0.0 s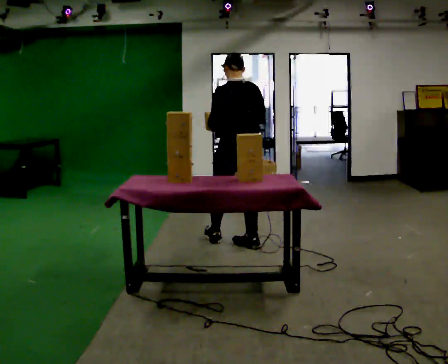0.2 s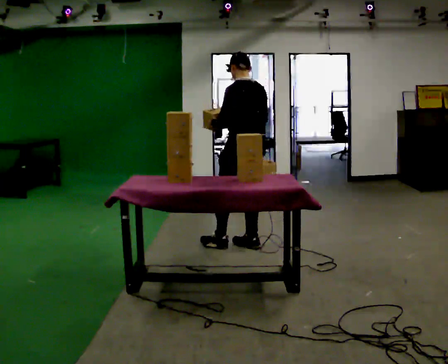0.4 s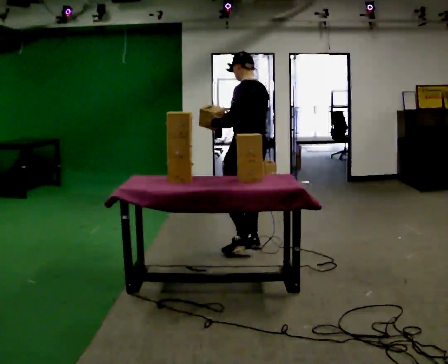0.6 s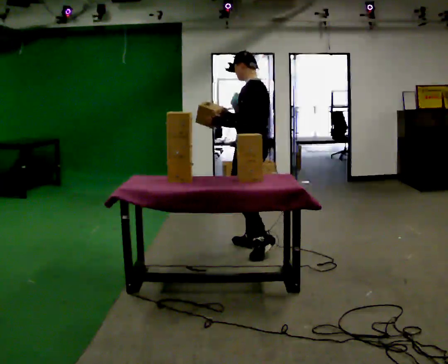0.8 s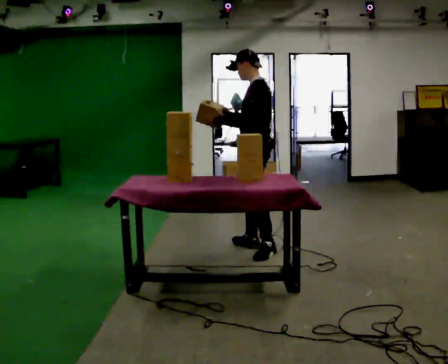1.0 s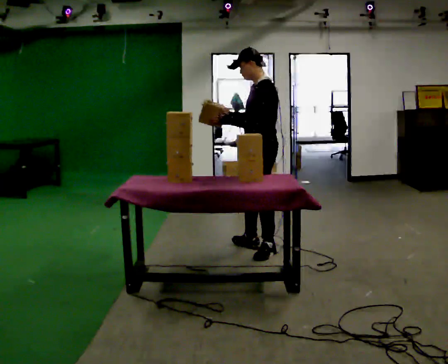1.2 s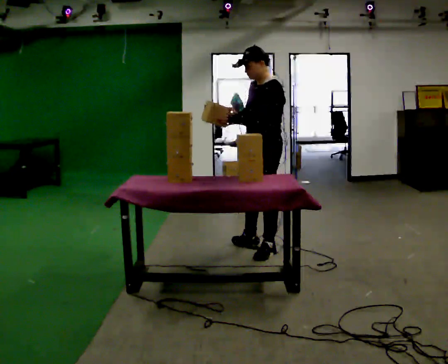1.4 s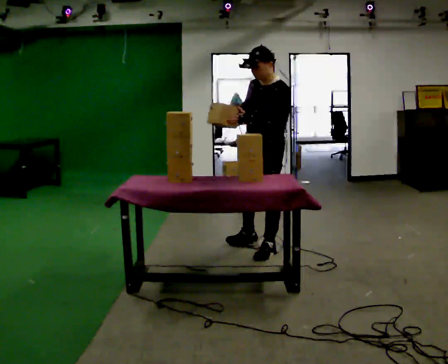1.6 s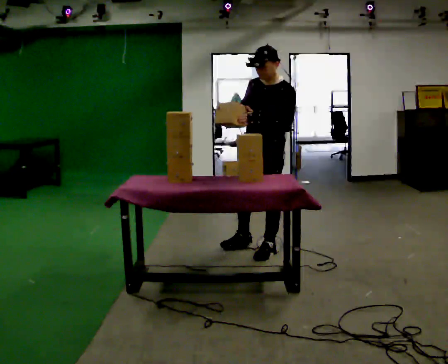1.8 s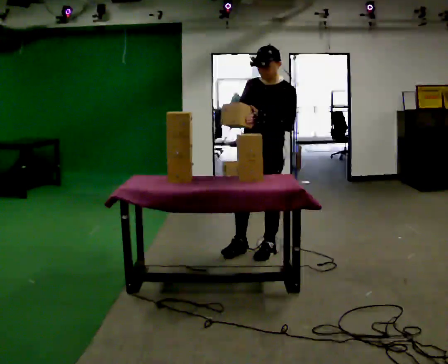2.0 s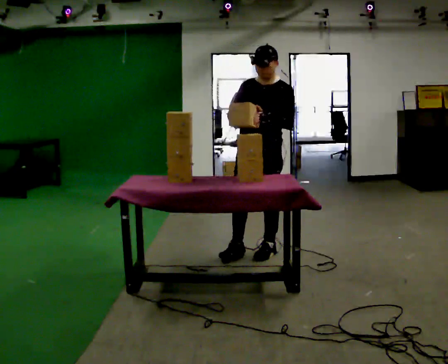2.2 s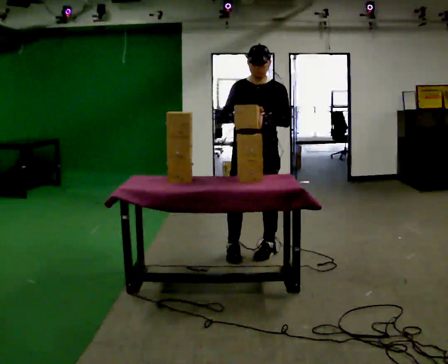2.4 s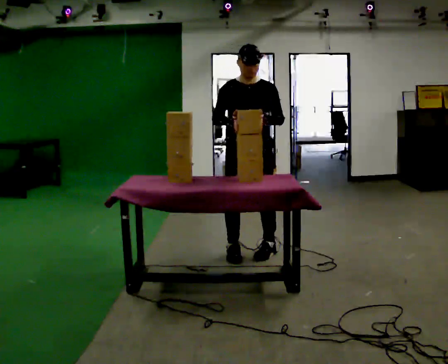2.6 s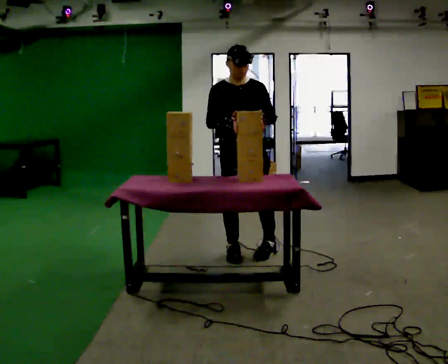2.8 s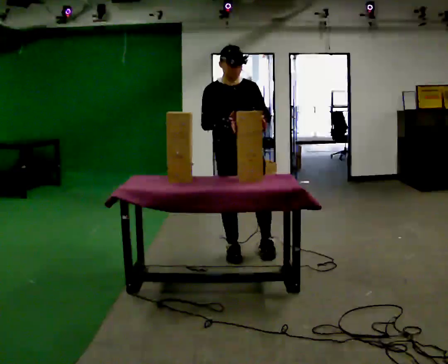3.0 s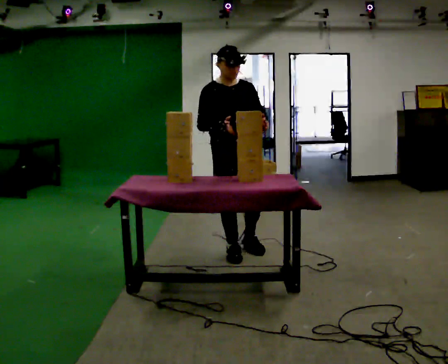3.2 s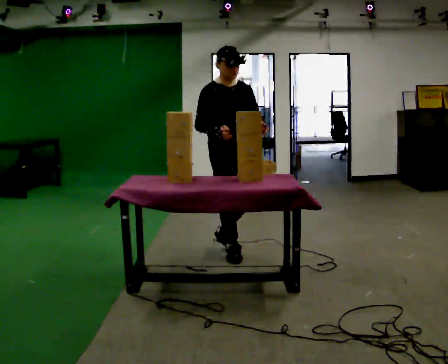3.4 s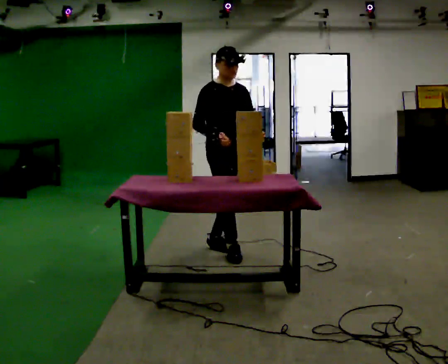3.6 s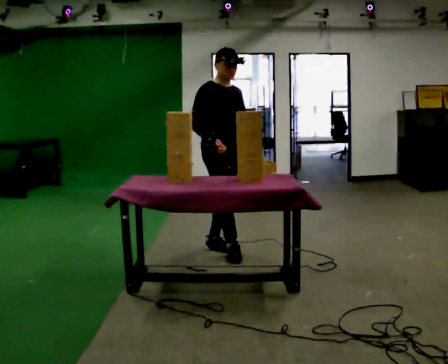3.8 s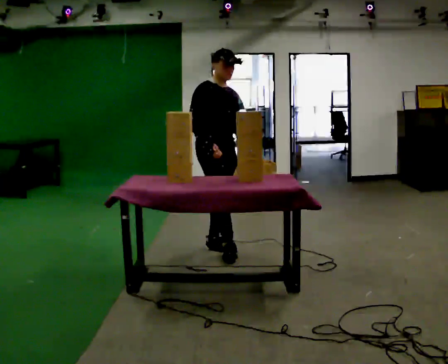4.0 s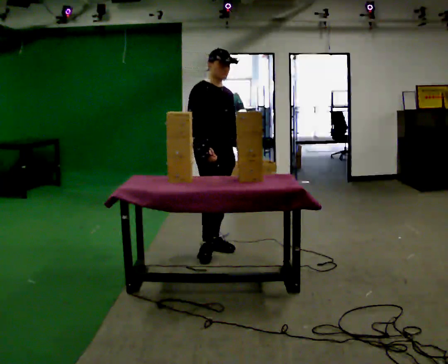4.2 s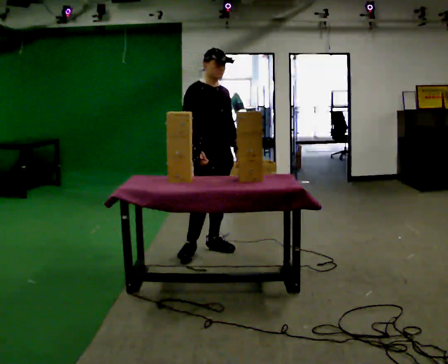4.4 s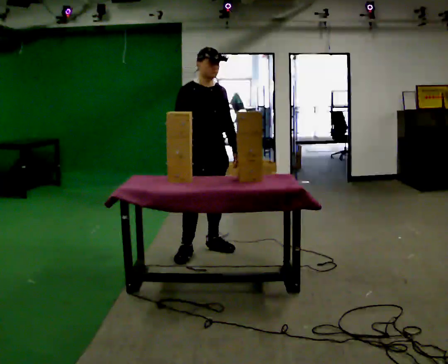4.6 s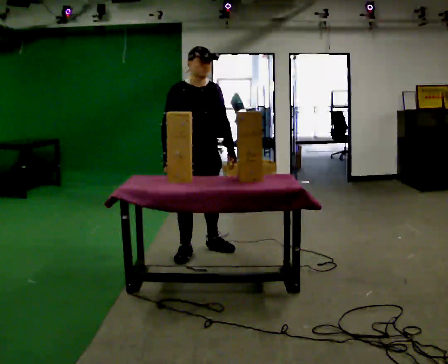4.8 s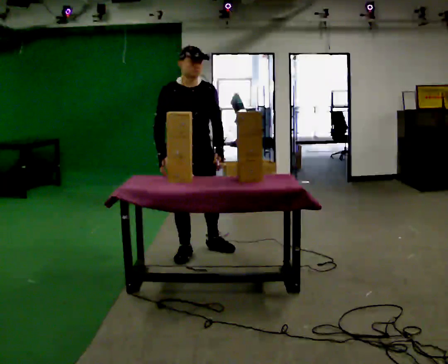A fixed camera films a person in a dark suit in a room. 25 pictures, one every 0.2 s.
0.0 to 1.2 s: Seen from above the body turns counterclockwise, about 75 degrees: to their left, with its near side sliding to the right. In the picture they go to the right and toward the camera, about 0.25 m in 1 step.
1.2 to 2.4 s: The part of the body nearest the lens slides to the right as the person turns to their left by about 75 degrees.
2.4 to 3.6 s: The part of the body nearest the lens slides to the right as the person turns to their left by about 60 degrees. In the picture they go to the left, about 0.25 m in 1 step, which for them is to their right and backward.
3.6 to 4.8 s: In the picture they go to the left, about 0.25 m in 1 step, which for them is to their right and backward.
The film runs backward here.
